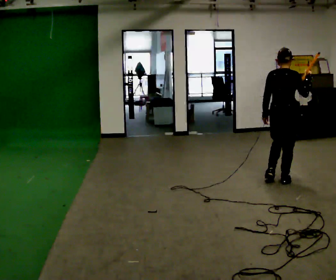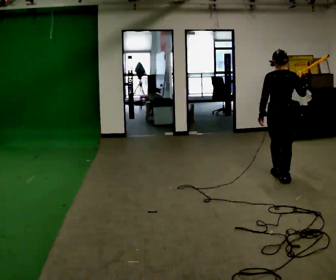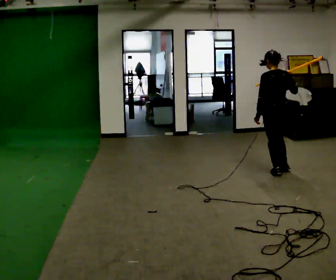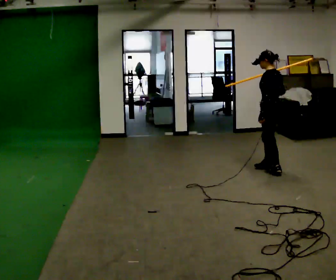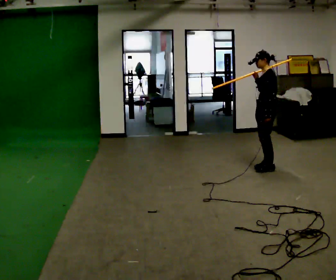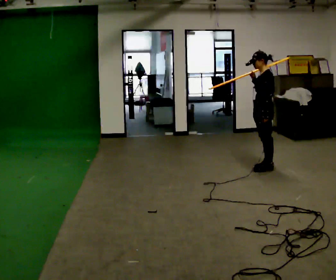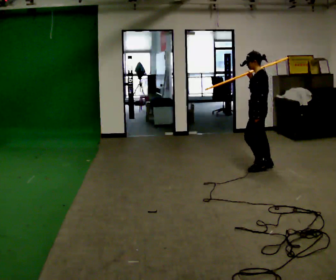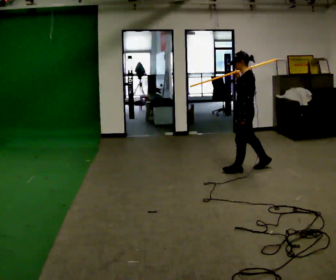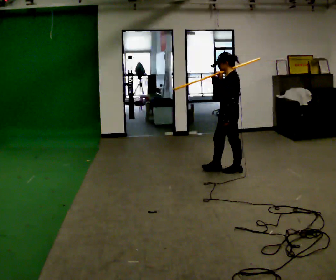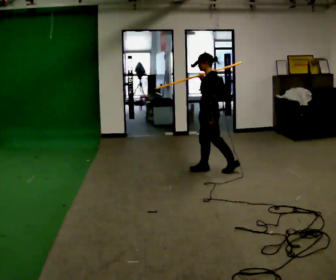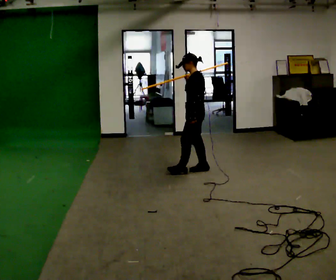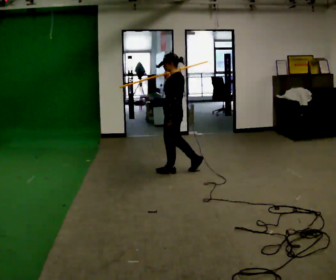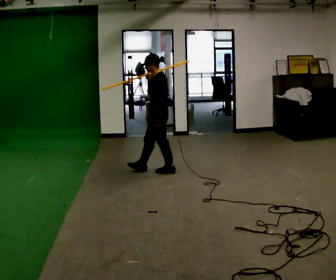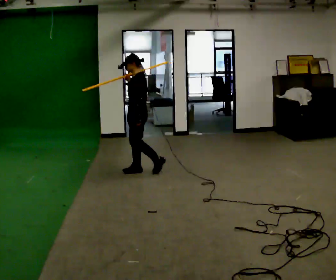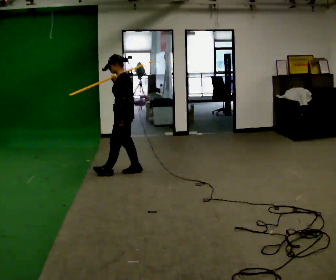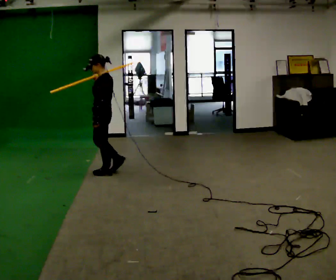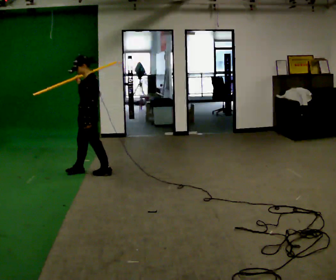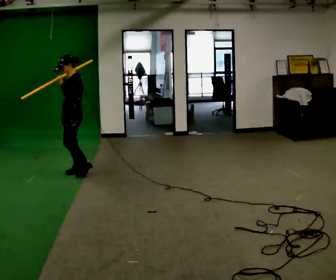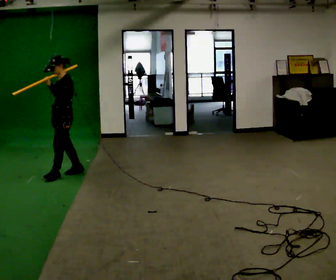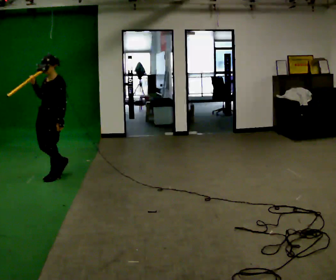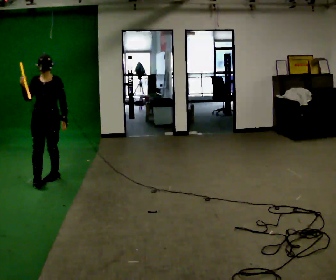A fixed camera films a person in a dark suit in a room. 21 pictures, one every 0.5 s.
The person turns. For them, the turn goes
to their left.
The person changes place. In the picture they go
to the left.
0.0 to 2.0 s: The person turns about 120 degrees to their left, counterclockwise seen from above, so the part of the body nearest the lens slides to the right. In the picture they go away from the camera, about 0.75 m in 2 steps.
2.0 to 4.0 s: In the picture they go to the left, about 0.5 m in 2 steps, which for them is forward.
4.0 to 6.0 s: In the picture they go to the left, about 1 m in 2 steps, which for them is forward.
6.0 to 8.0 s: In the picture they go to the left, about 1 m in 3 steps, which for them is forward.
8.0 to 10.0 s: The person turns about 75 degrees to their left, counterclockwise seen from above, so the part of the body nearest the lens slides to the right. In the picture they go to the left and toward the camera, about 0.5 m in 1 step.
The film runs forward here.
